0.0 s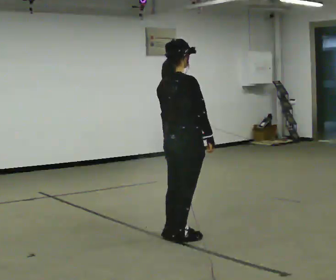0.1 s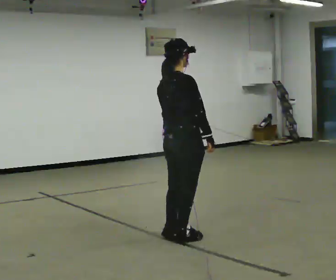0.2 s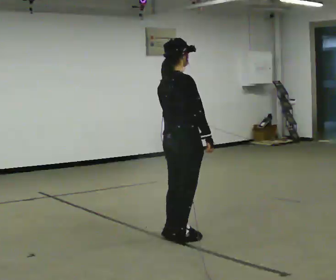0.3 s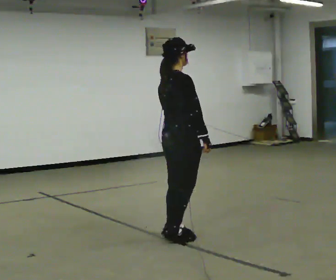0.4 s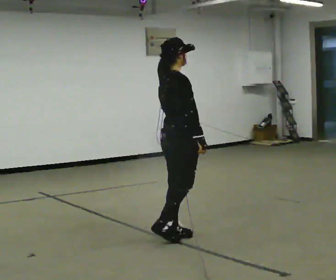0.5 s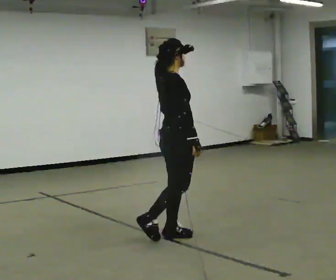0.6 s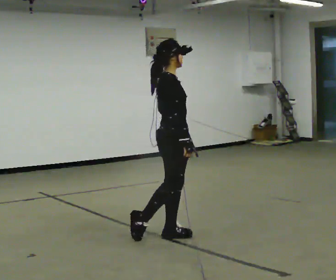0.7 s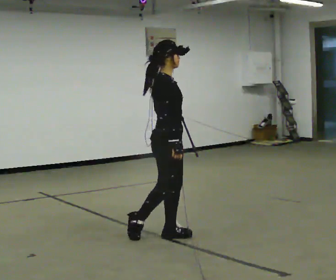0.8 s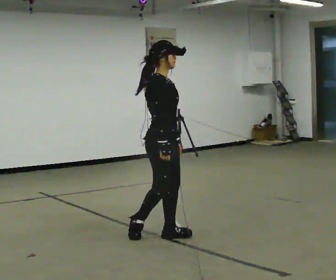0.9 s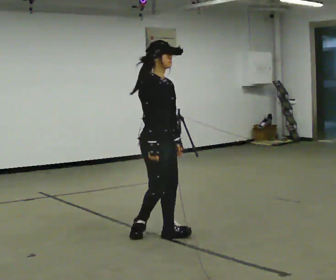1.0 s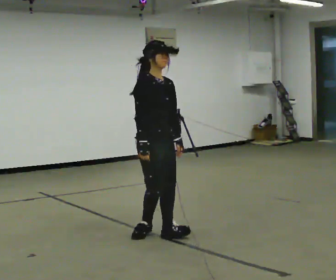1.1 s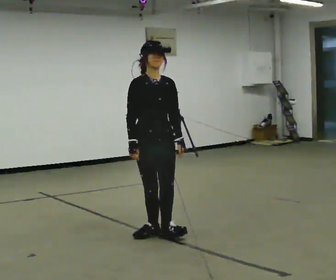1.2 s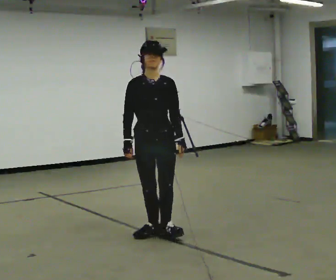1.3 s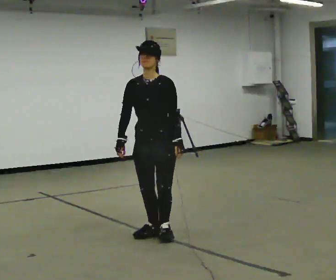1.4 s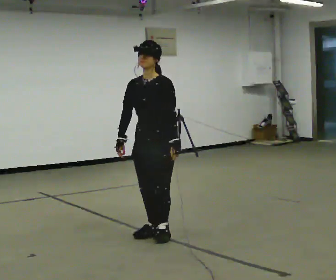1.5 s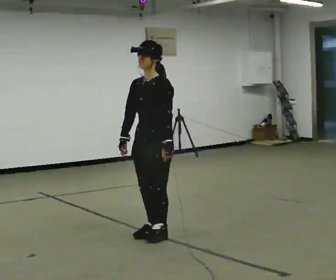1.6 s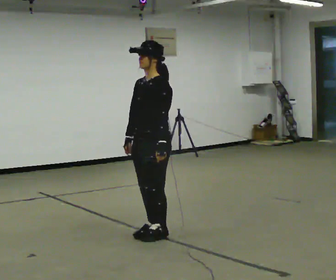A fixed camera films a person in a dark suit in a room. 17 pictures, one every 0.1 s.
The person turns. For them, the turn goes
to their right.
The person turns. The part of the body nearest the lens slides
to the left.
0.0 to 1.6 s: The person turns about 180 degrees to their right, clockwise seen from above, so the part of the body nearest the lens slides to the left. In the picture they go to the left, about 0.25 m in 1 step. In the picture their right hand goes to the left, the arm swinging clockwise.
The film runs backward here.
